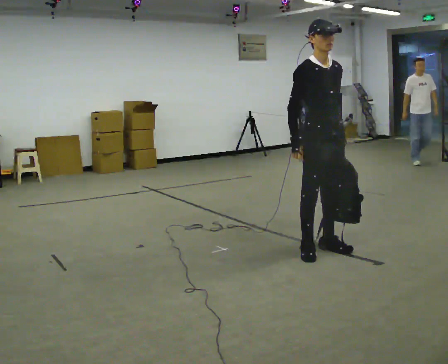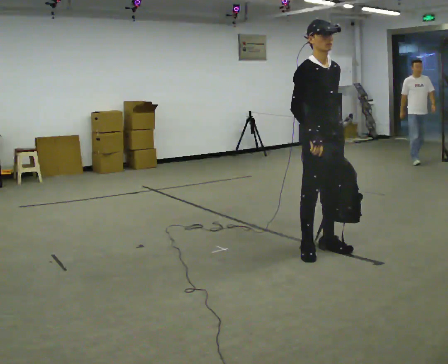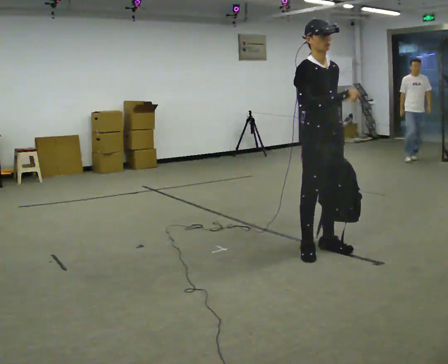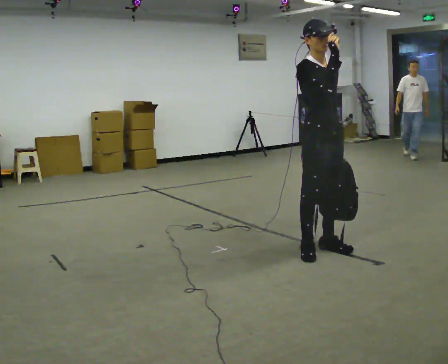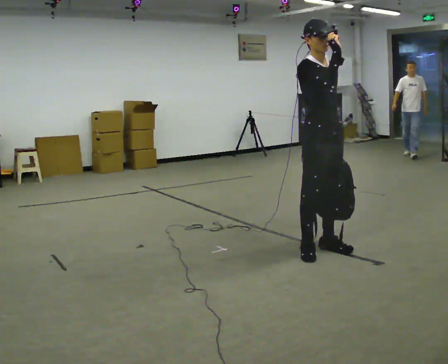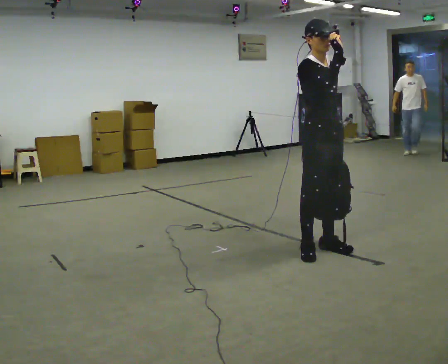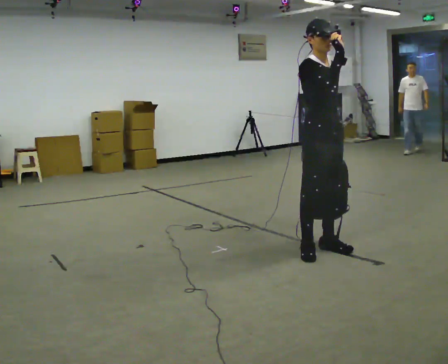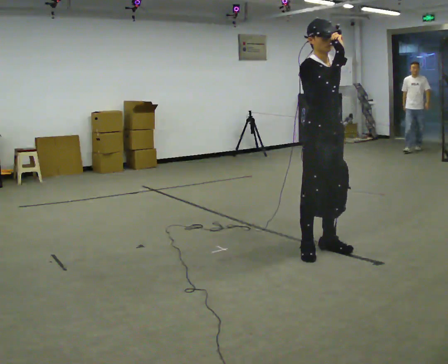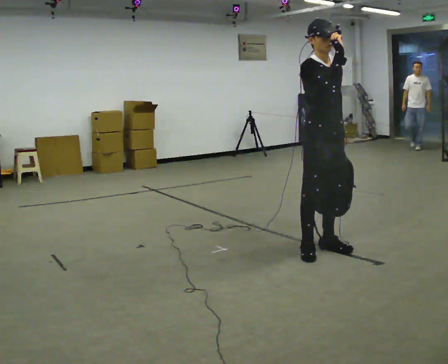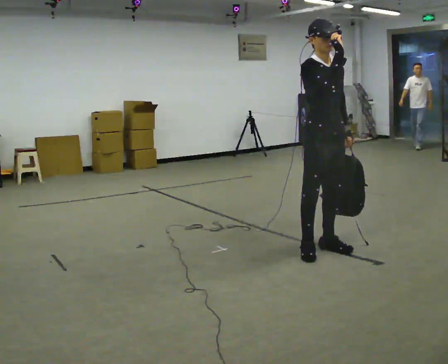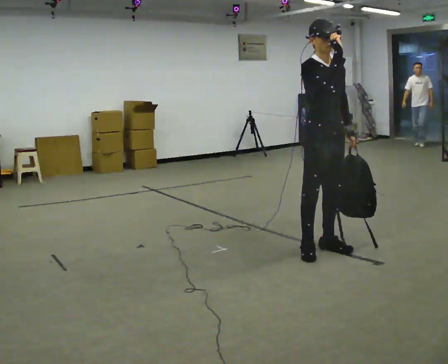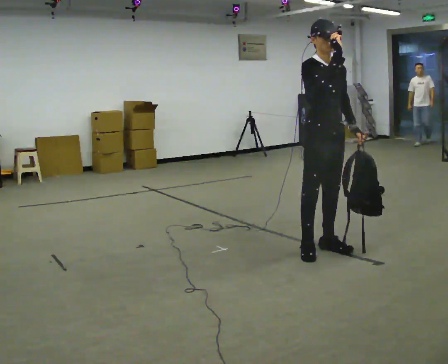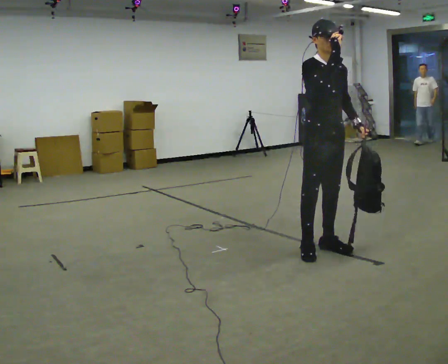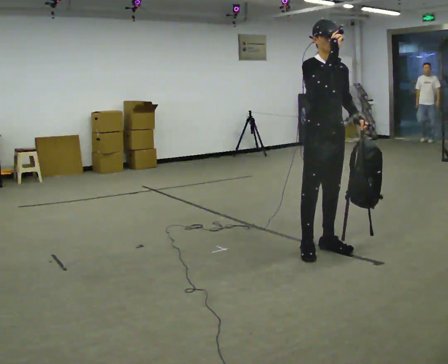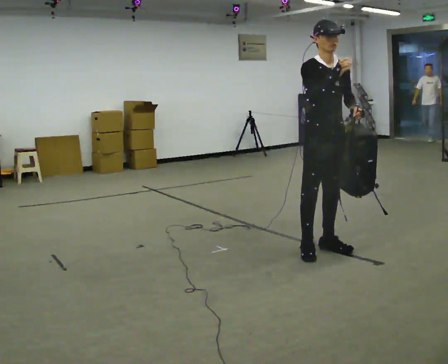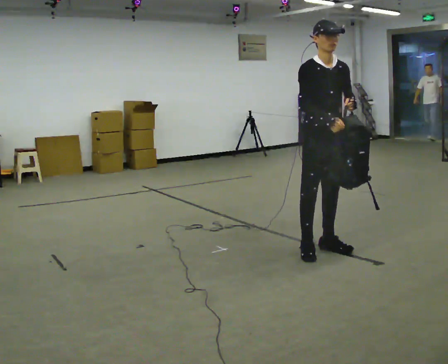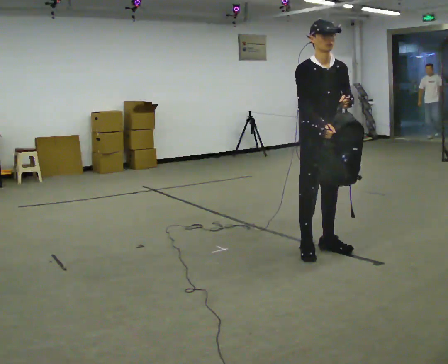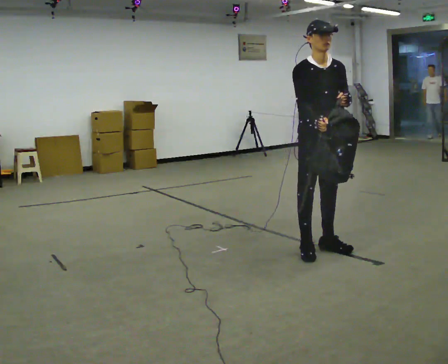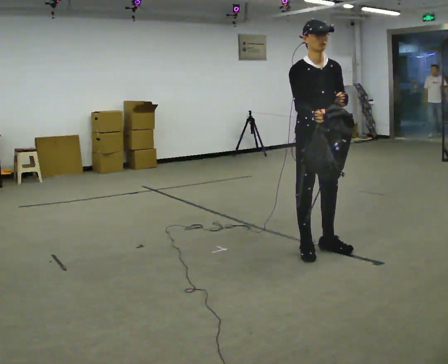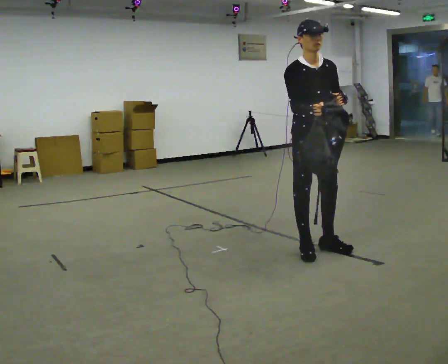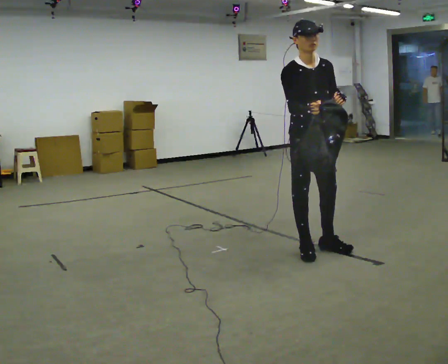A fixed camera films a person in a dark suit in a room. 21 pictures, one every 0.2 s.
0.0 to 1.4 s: In the picture their right hand goes upward and to the right.
1.4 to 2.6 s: The person moves a little, or ends about where they began.
2.6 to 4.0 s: In the picture their right hand goes downward.
The film runs backward here.
